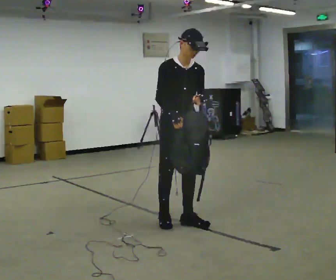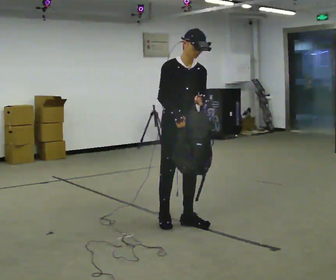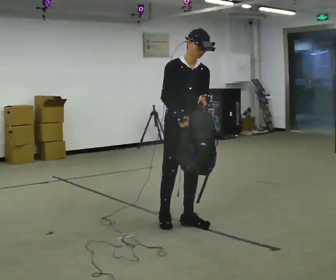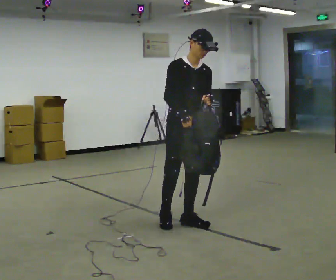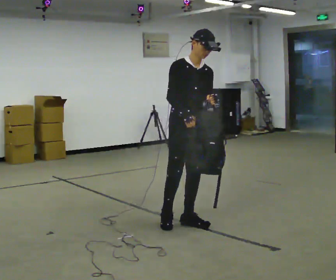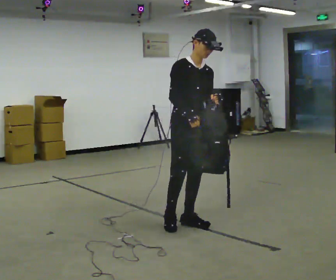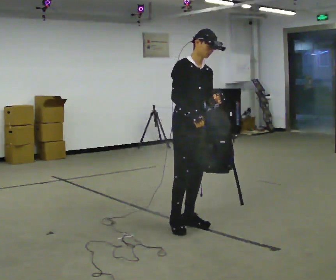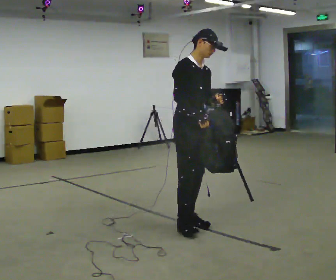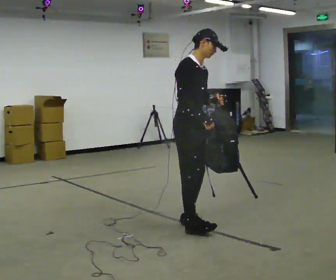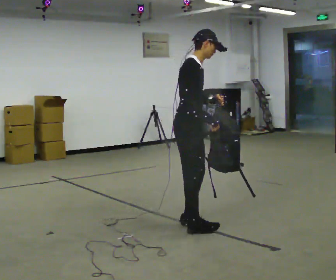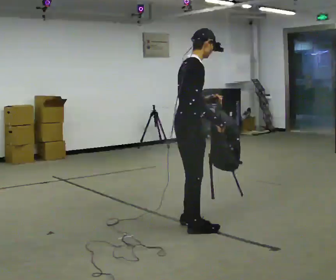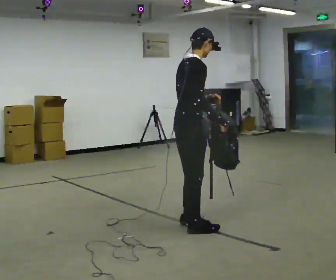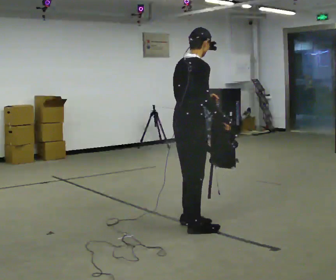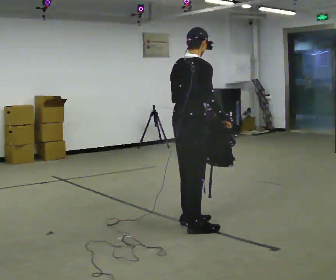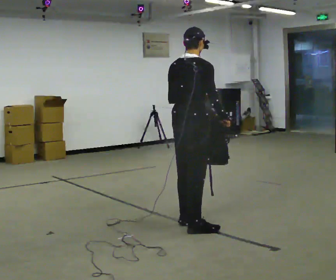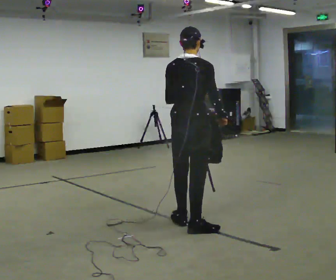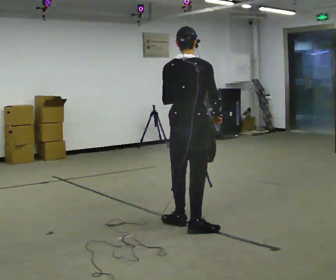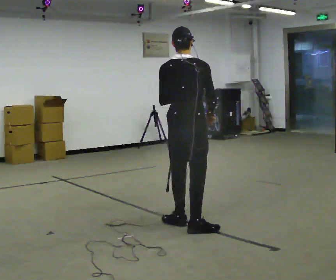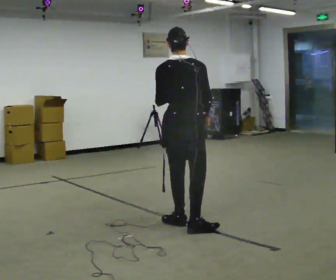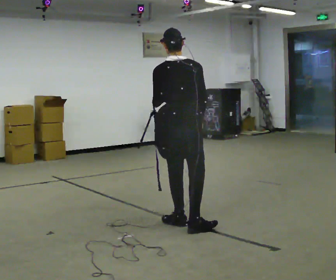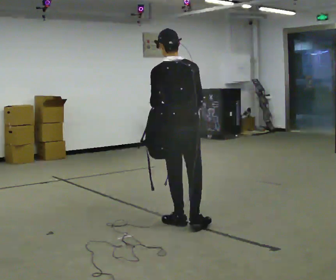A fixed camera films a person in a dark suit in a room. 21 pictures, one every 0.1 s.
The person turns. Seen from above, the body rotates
counterclockwise.
The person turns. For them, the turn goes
to their left.
0.0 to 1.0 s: Seen from above the body turns counterclockwise, about 75 degrees: to their left, with its near side sliding to the right. In the picture they go toward the camera, about 0.25 m in 1 step. In the picture their right hand goes to the right.
1.0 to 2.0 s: The person turns about 90 degrees to their left, counterclockwise seen from above, so the part of the body nearest the lens slides to the right. In the picture the upper body tilts counterclockwise, shoulders to the left.
The film runs forward here.
